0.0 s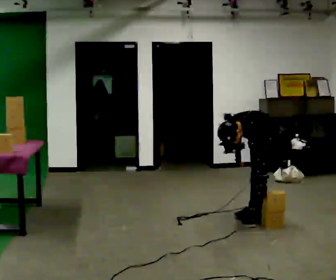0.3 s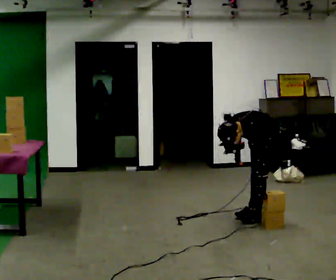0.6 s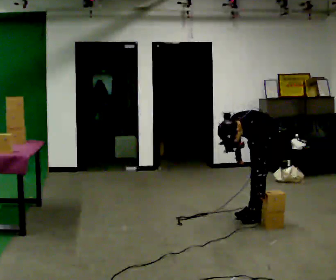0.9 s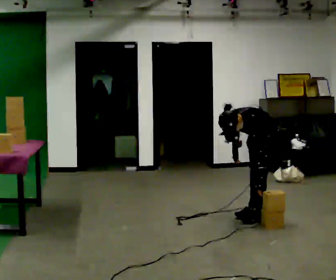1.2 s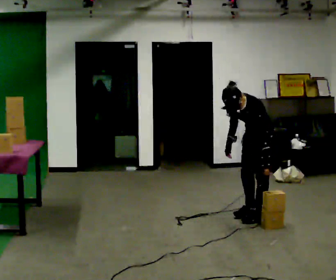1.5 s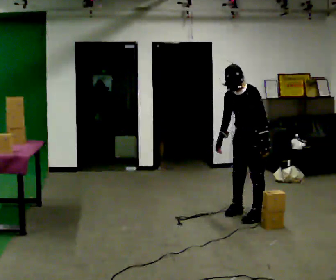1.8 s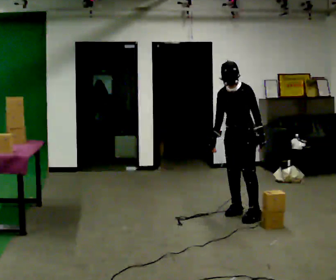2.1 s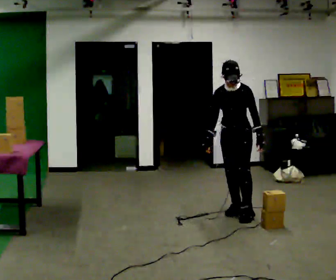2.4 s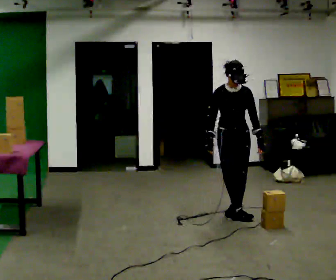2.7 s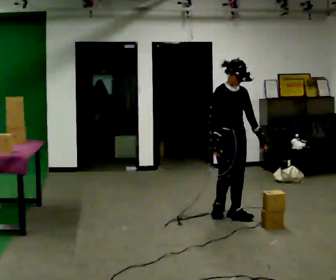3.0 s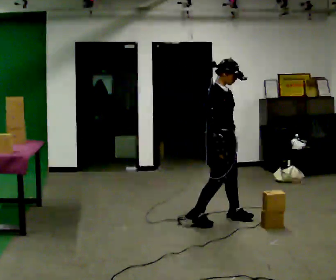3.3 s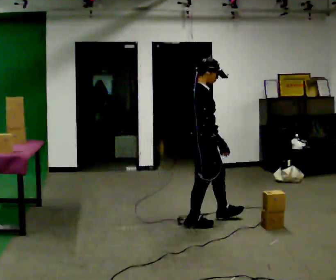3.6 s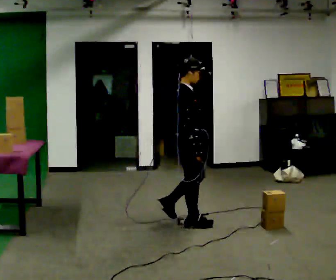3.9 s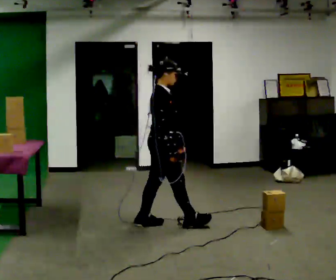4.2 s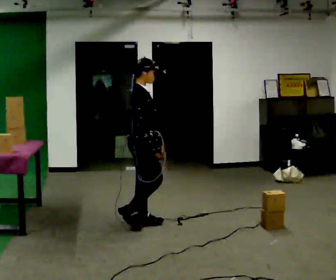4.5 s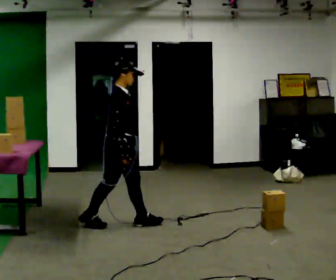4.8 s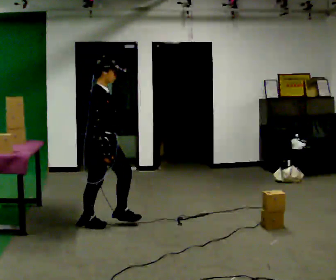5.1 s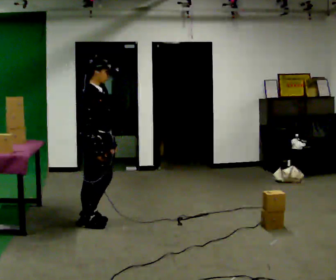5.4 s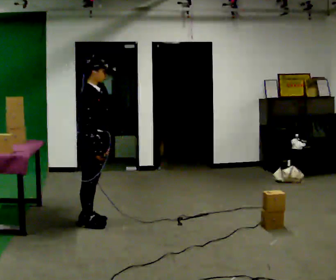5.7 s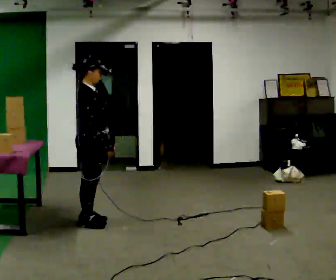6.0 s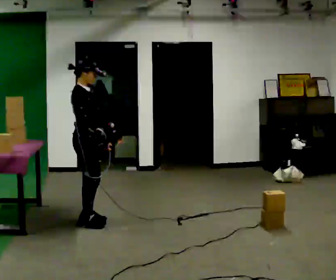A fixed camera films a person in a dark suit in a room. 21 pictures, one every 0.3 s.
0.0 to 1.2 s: The shoulders move upward. In the picture the upper body tilts clockwise, shoulders to the right, as they lean back or straighten.
1.2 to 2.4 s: Seen from above the body turns counterclockwise, about 45 degrees: to their left, with its near side sliding to the right. In the picture they go to the left, about 0.25 m in 1 step, which for them is to their right. The upper body tips away from the camera, its near side rolling upward, as they lean back or straighten.
2.4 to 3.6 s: The person turns about 105 degrees to their left, counterclockwise seen from above, so the part of the body nearest the lens slides to the right. In the picture they go to the left and toward the camera, about 0.5 m in 2 steps.
3.6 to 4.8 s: In the picture they go to the left, about 1 m in 2 steps, which for them is backward.
4.8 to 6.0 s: In the picture they go to the left, about 0.25 m, which for them is backward.
The film runs backward here.
